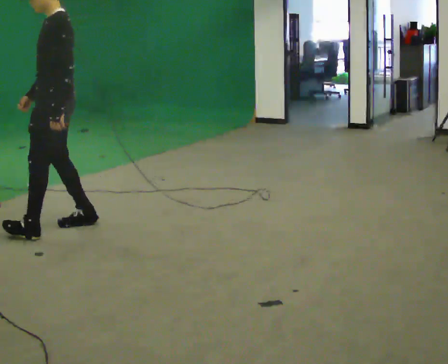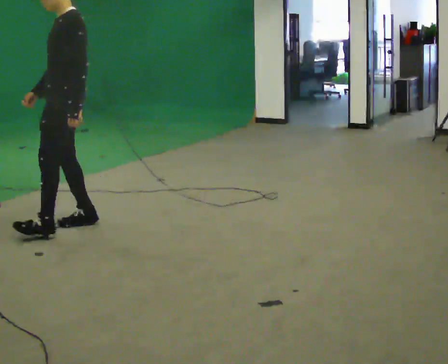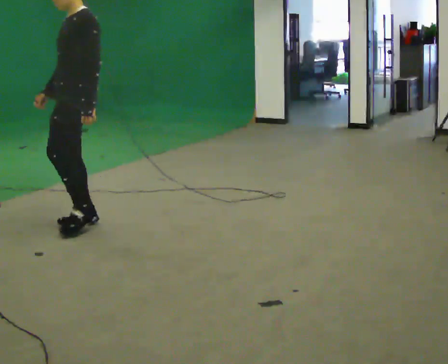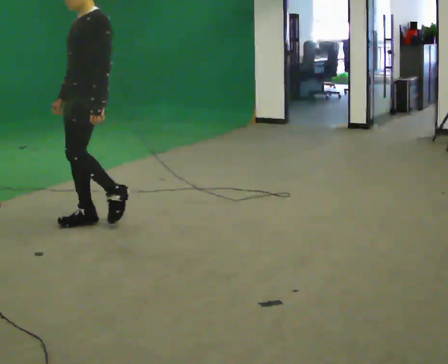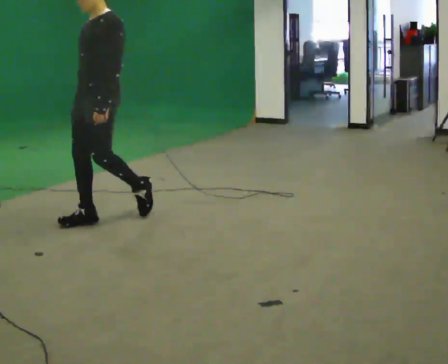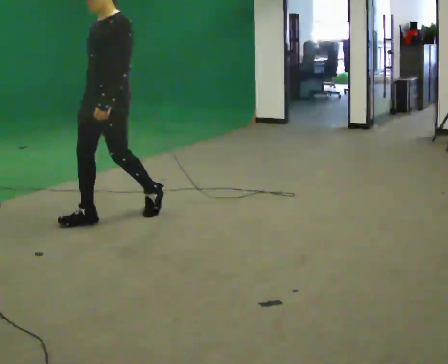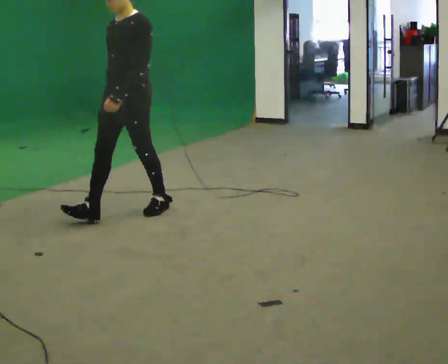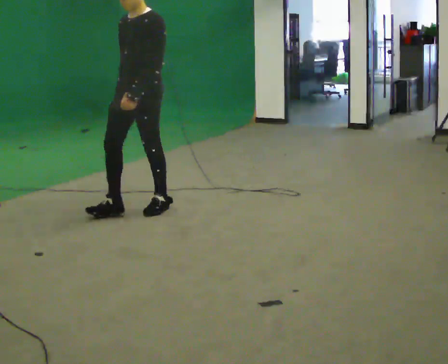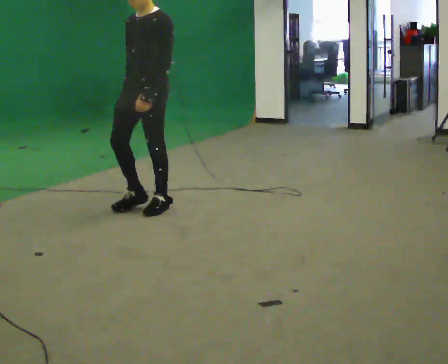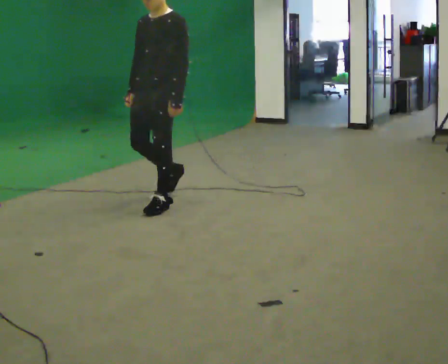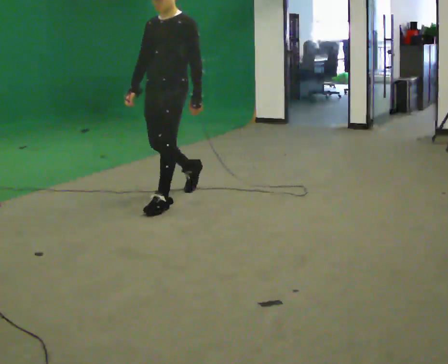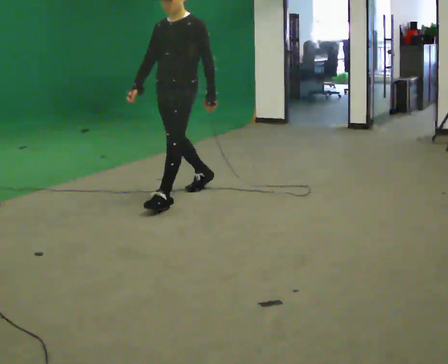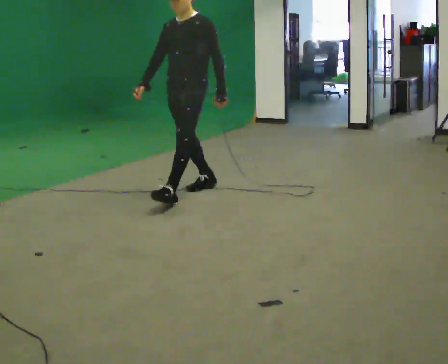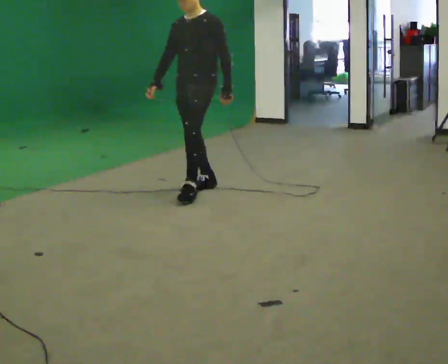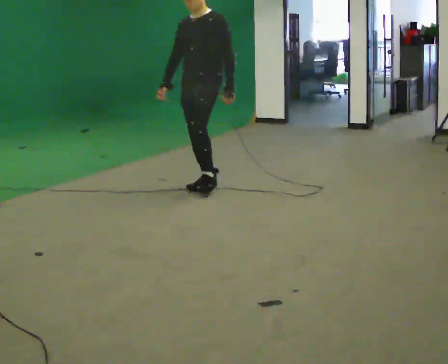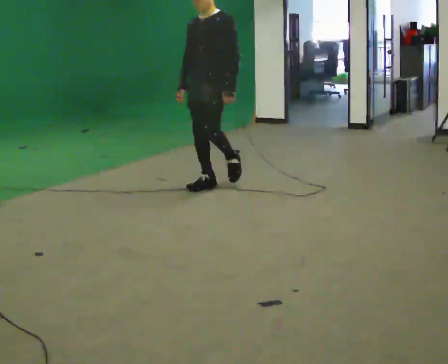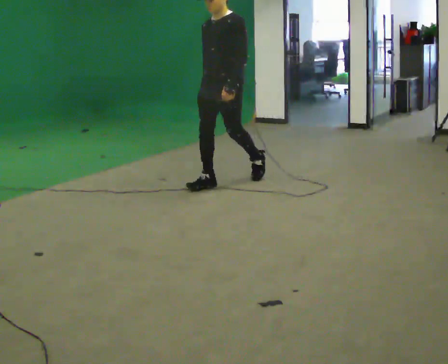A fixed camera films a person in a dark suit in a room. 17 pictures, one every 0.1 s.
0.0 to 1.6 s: Seen from above the body turns counterclockwise, about 45 degrees: to their left, with its near side sliding to the right. In the picture they go to the right and away from the camera, about 1.5 m in 3 steps, which for them is backward.
The film runs backward here.
